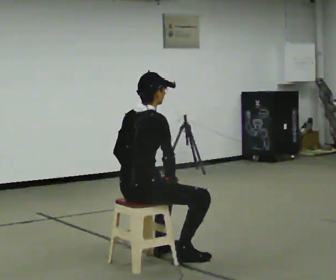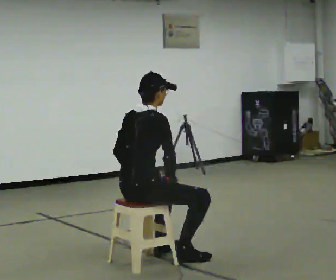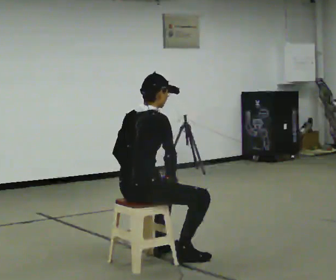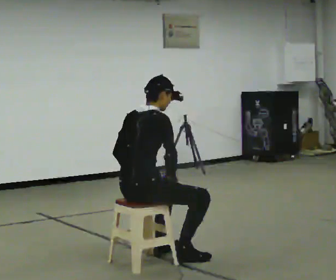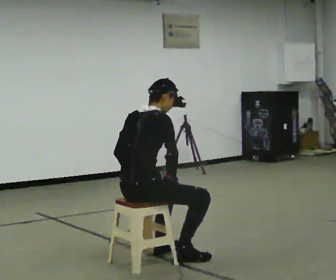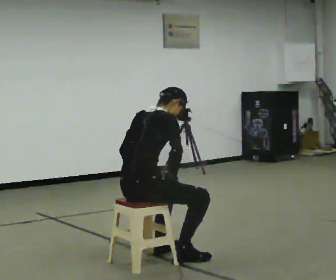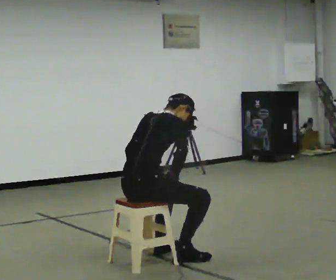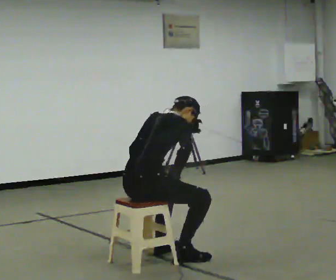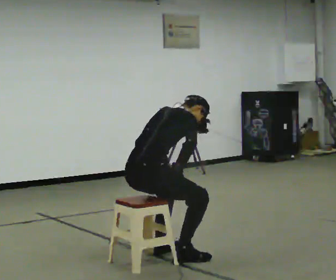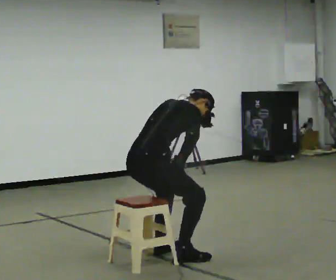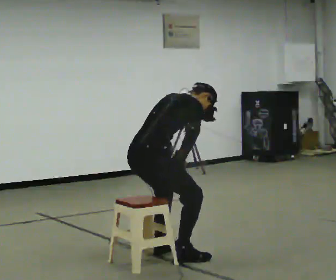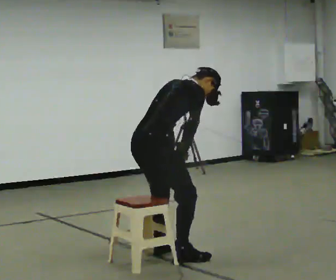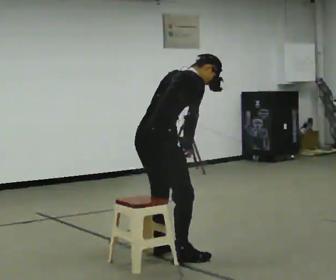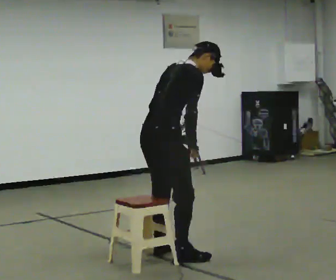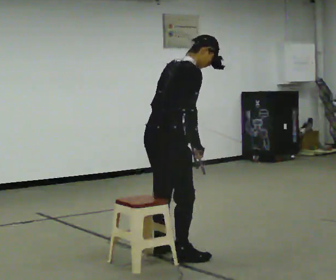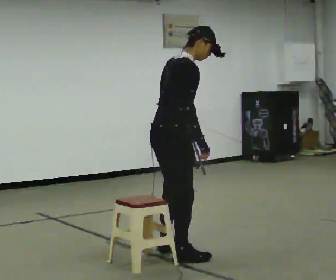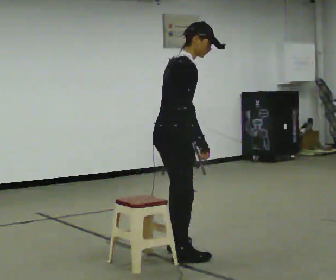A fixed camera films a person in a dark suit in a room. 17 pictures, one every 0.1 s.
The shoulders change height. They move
upward.
0.0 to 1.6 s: In the picture they go to the right, about 0.25 m in 1 step, which for them is forward. The upper body goes upward.
The film runs backward here.
